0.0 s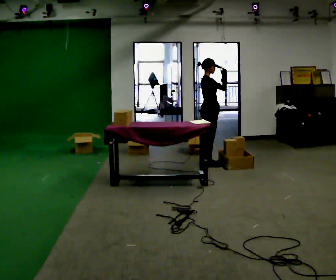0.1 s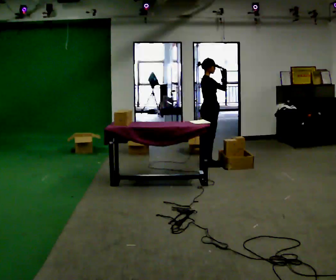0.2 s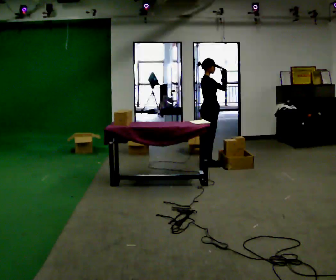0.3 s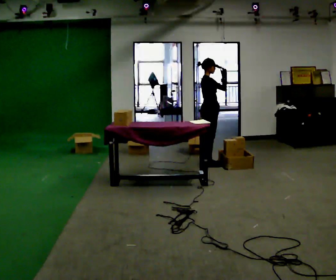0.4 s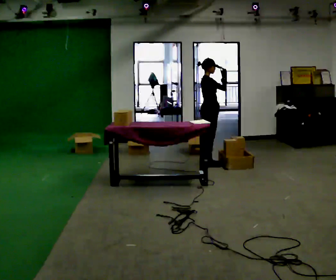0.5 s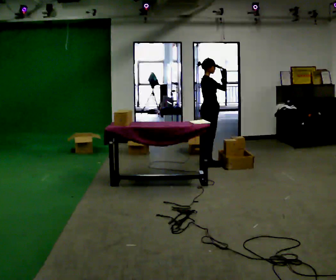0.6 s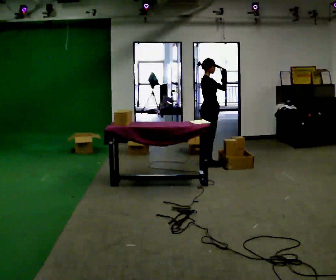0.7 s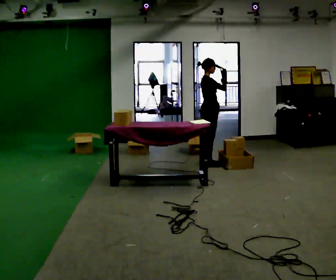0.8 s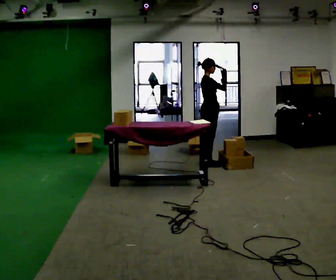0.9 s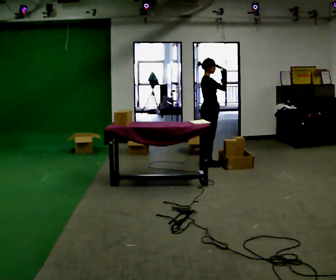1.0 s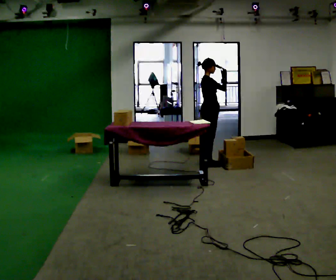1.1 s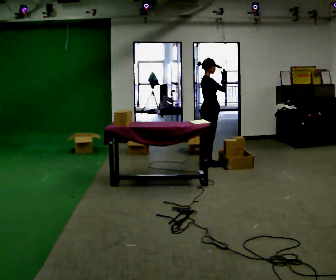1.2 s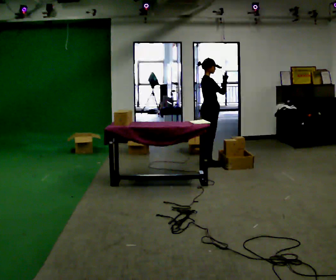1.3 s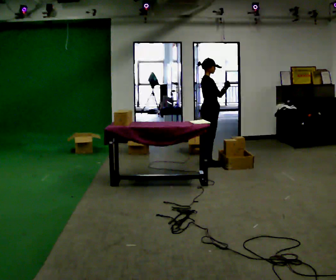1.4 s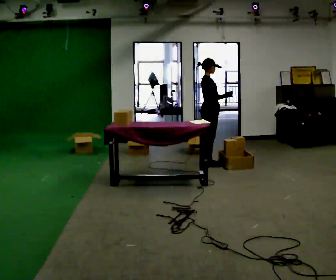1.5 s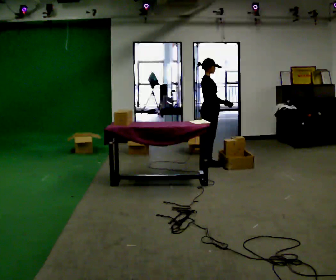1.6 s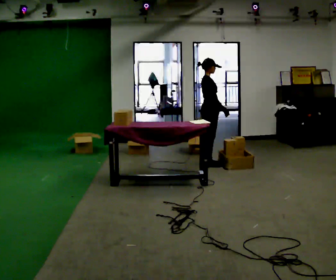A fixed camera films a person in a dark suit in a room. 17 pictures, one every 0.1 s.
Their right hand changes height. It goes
downward.
0.0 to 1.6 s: In the picture their right hand goes downward.
The film runs forward here.
